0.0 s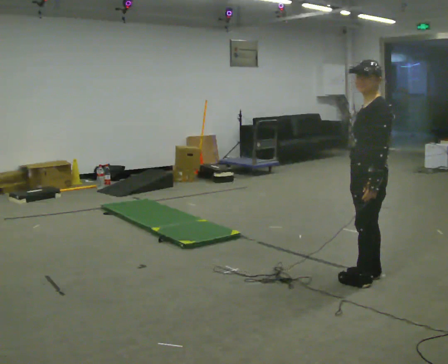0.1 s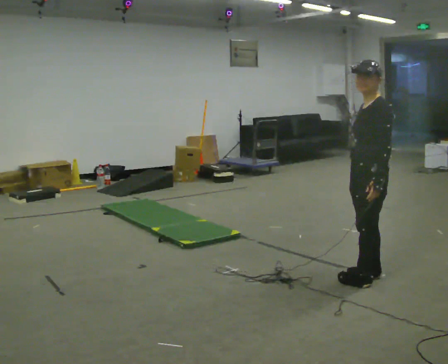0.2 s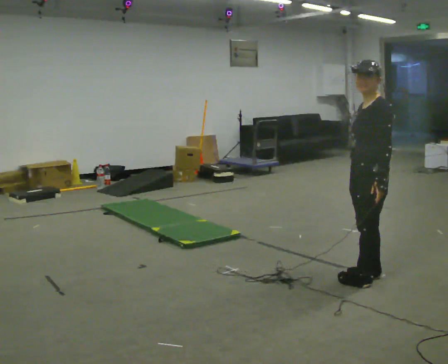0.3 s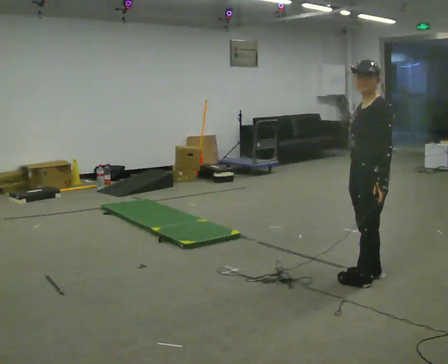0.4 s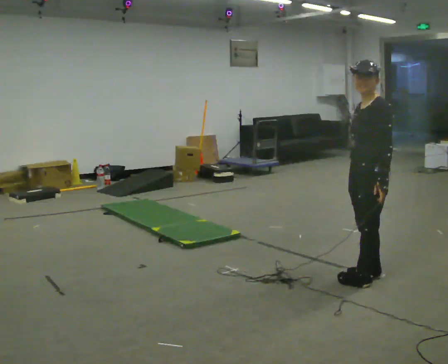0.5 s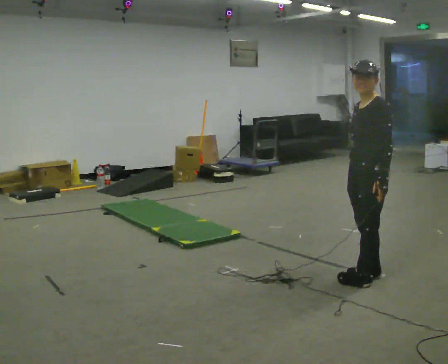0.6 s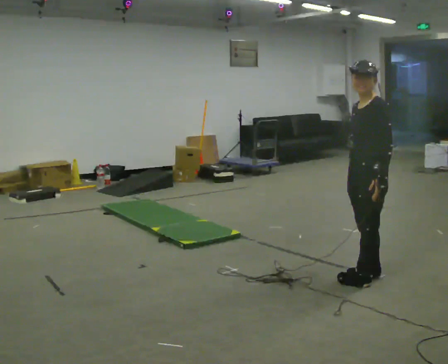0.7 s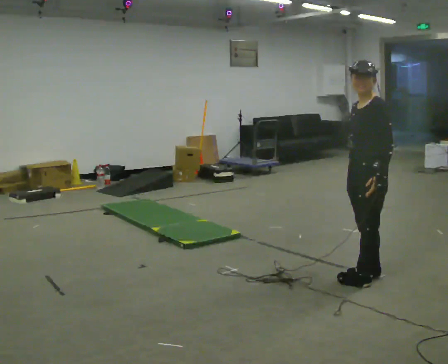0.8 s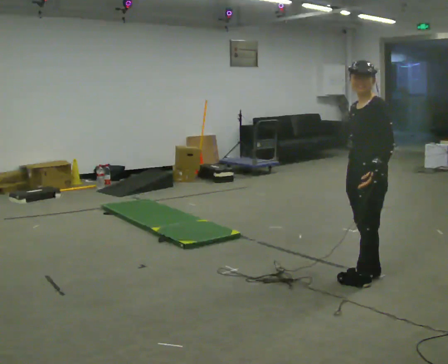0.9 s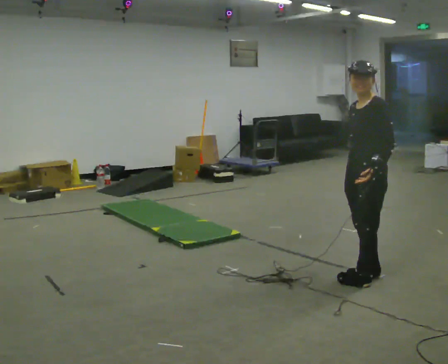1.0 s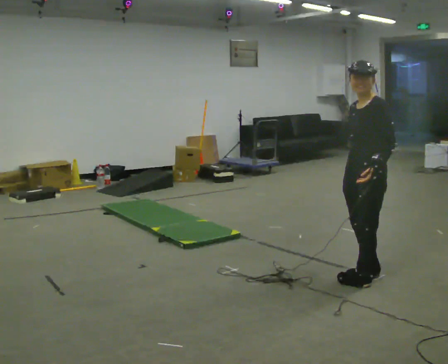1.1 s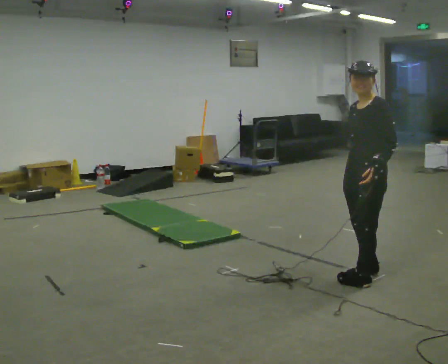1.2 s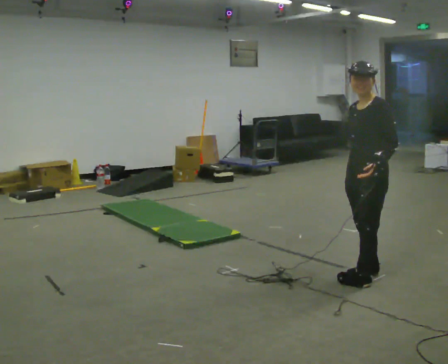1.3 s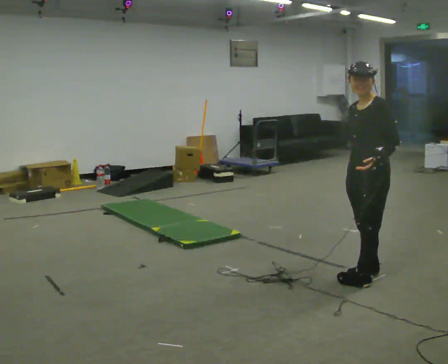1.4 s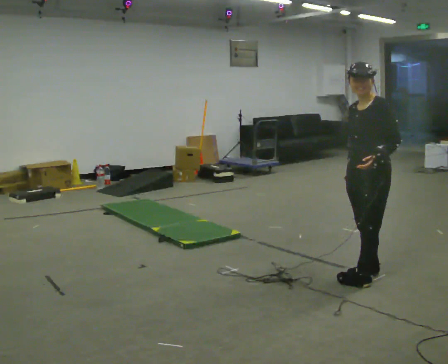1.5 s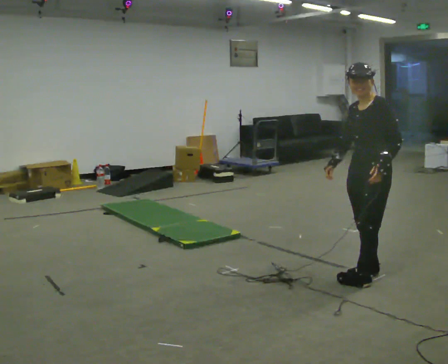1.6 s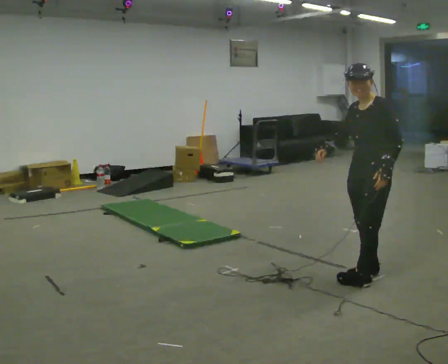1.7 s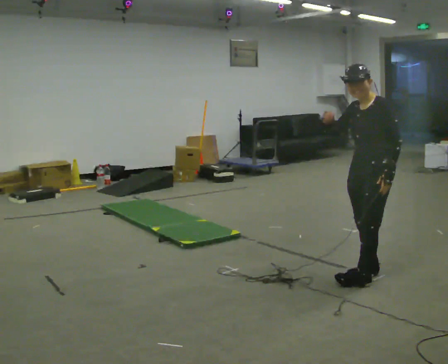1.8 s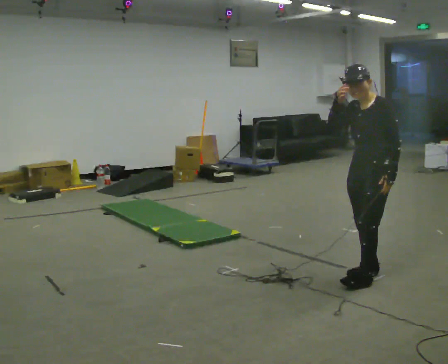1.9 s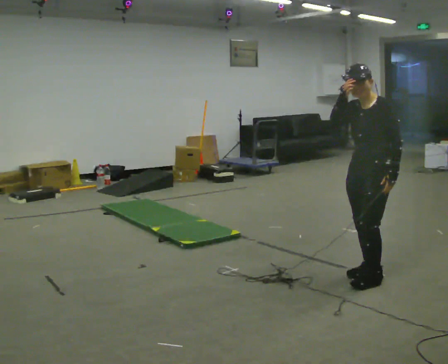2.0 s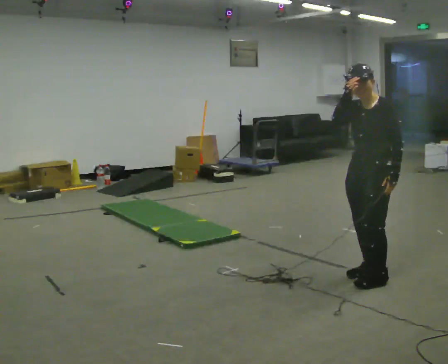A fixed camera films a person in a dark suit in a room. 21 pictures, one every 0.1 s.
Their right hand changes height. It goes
upward.
0.0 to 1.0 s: The person moves a little, or ends about where they began.
1.0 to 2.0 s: In the picture their right hand goes upward.
The film runs forward here.
